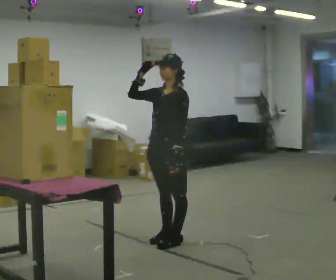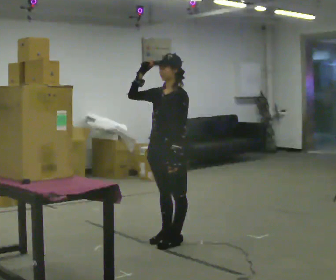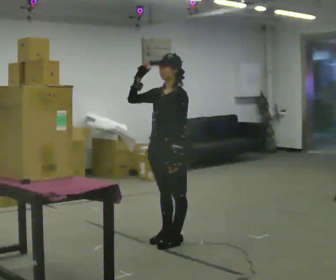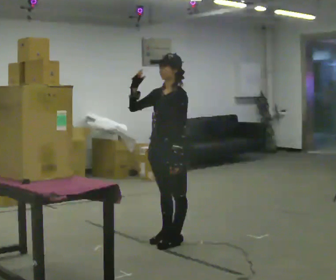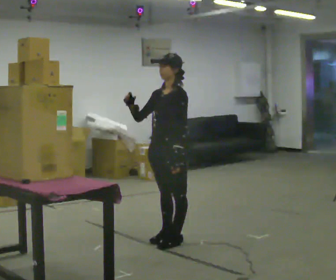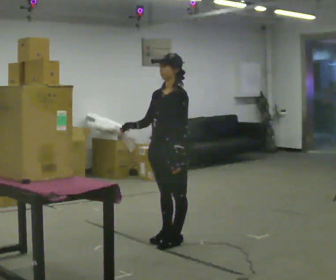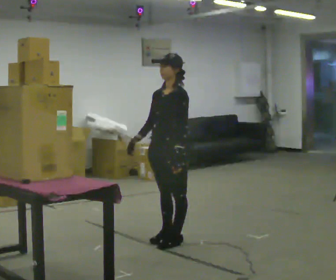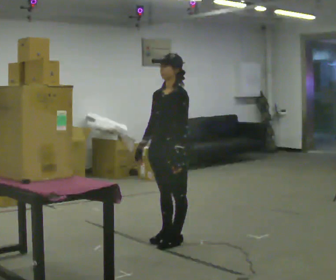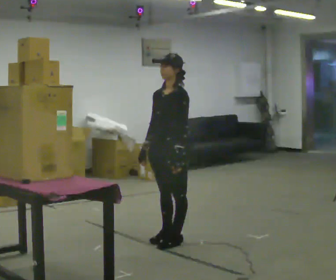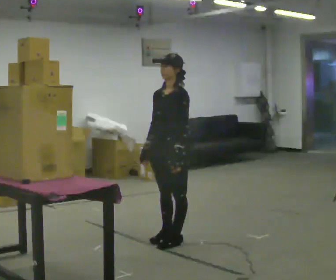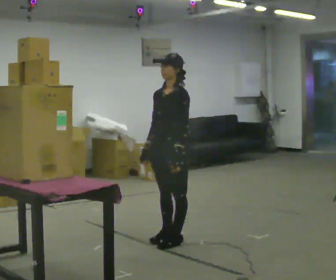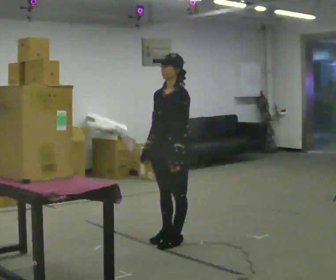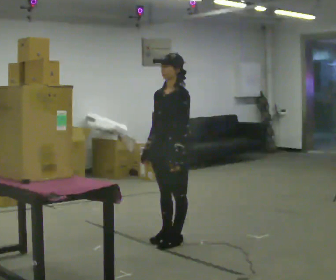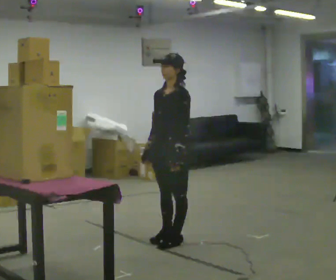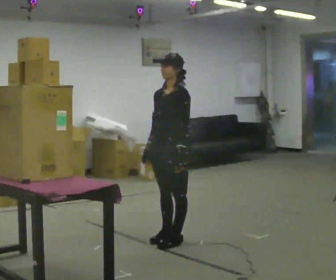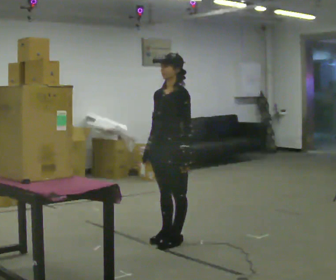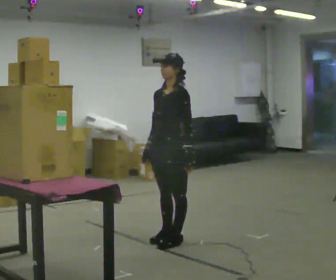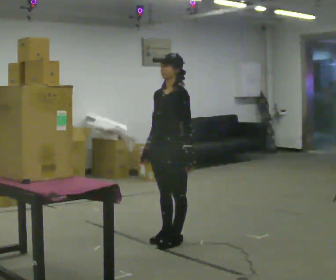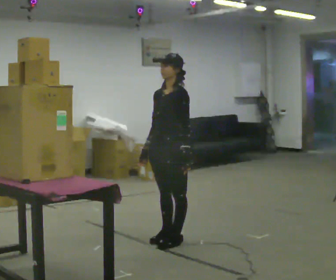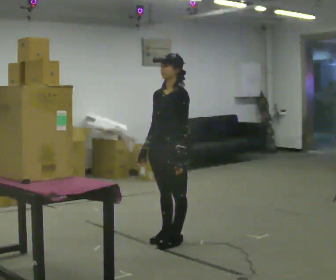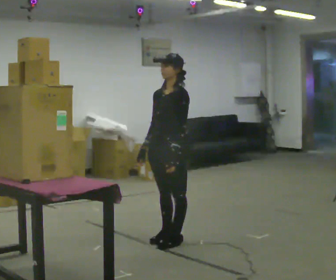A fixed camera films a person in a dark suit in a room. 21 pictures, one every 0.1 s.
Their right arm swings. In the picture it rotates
counterclockwise.
Their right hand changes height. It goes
downward.
0.0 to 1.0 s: In the picture their right hand goes downward, the arm swinging counterclockwise.
1.0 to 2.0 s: The person moves a little, or ends about where they began.
The film runs backward here.
